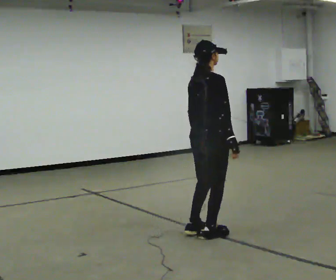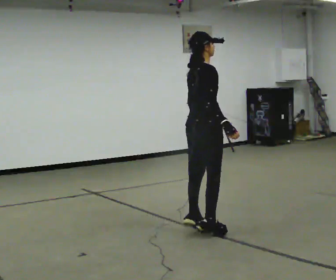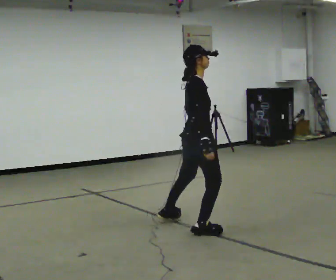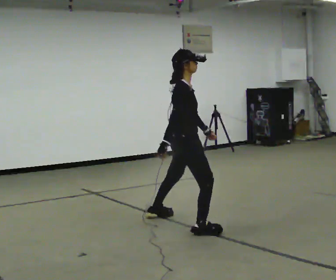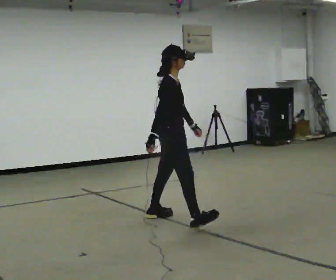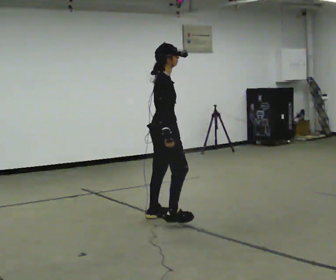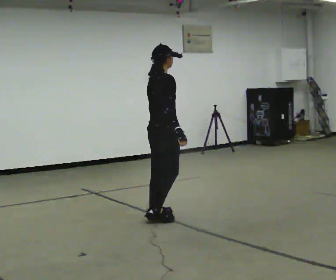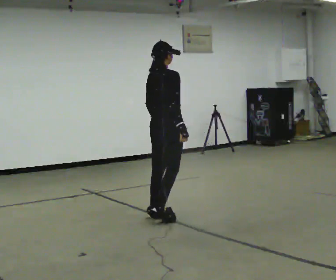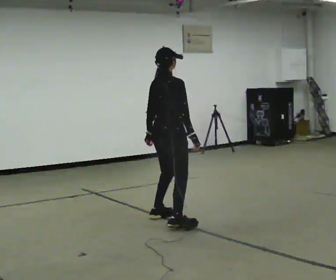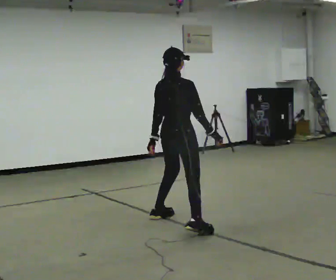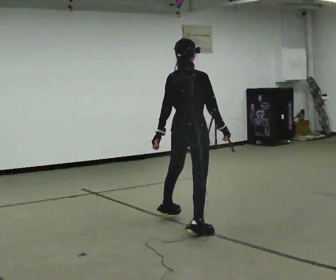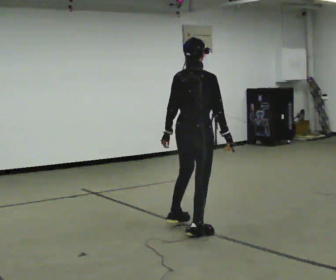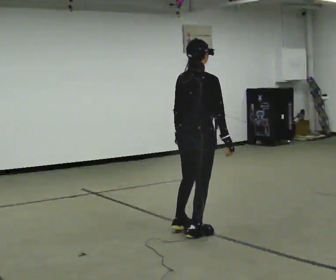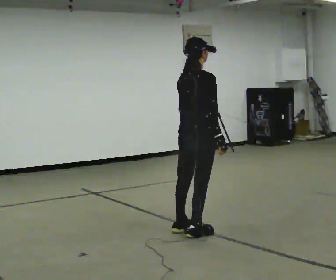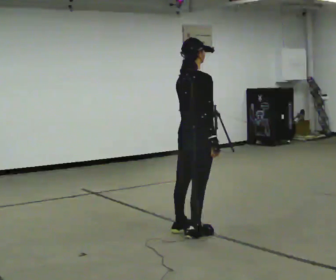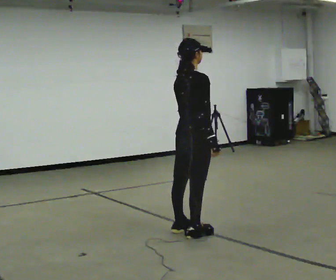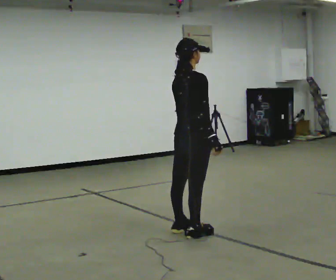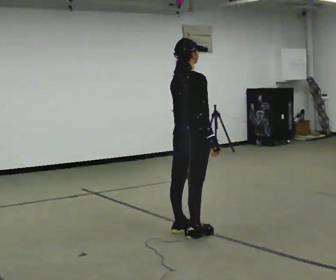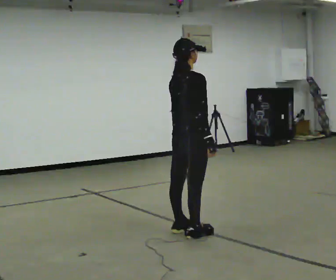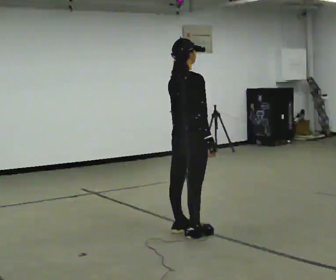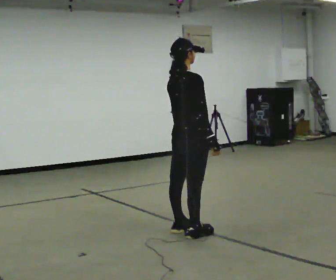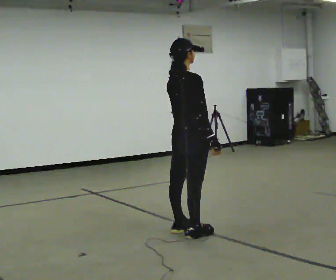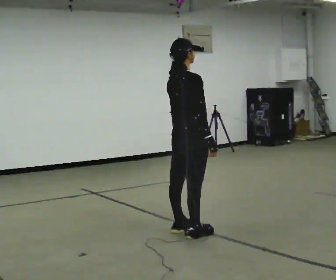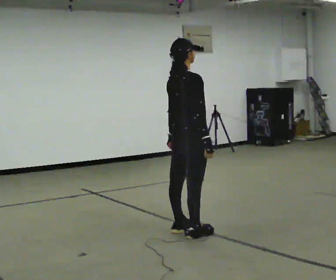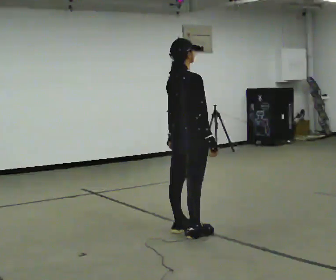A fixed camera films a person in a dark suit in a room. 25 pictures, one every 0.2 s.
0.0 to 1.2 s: In the picture they go away from the camera and to the left, about 0.75 m in 3 steps, which for them is to their left and backward.
1.2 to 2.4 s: The person turns about 30 degrees to their left, counterclockwise seen from above, so the part of the body nearest the lens slides to the right. In the picture they go toward the camera and to the right, about 0.5 m in 2 steps, which for them is to their right.
2.4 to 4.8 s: The person moves a little, or ends about where they began.
The film runs backward here.
